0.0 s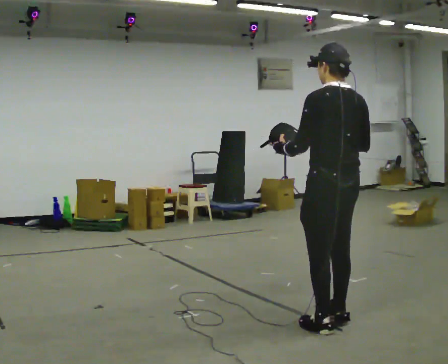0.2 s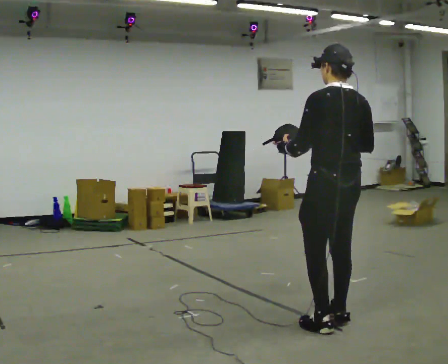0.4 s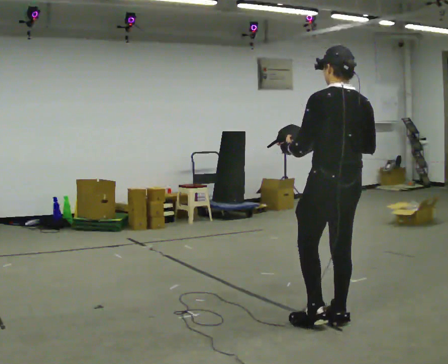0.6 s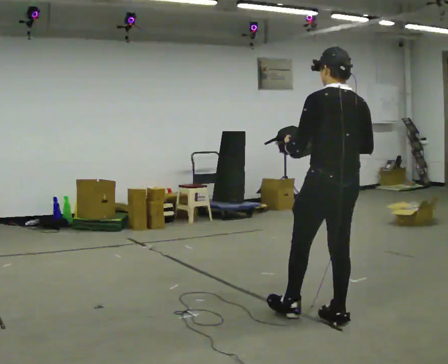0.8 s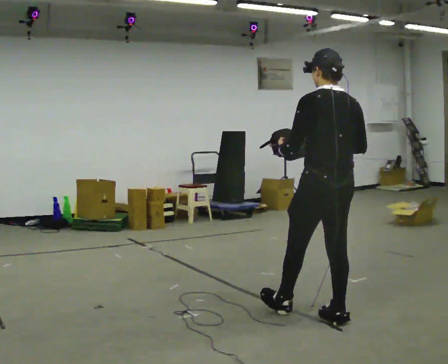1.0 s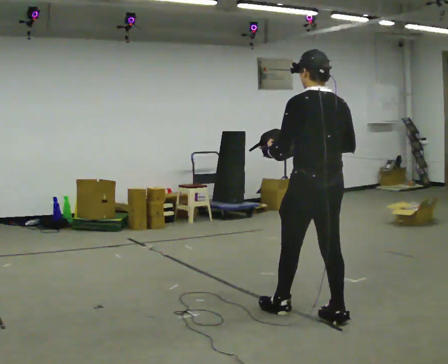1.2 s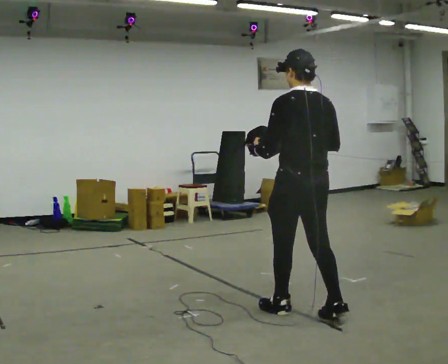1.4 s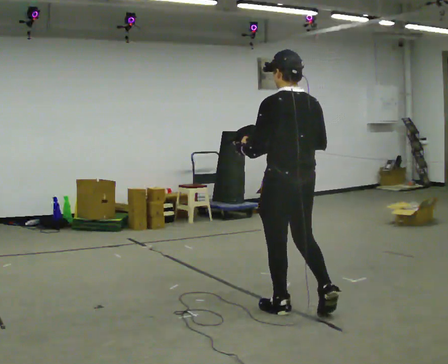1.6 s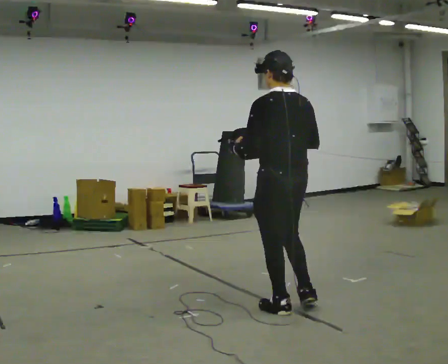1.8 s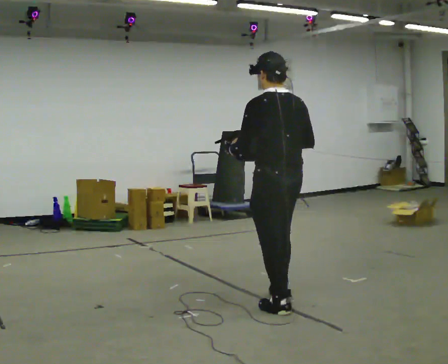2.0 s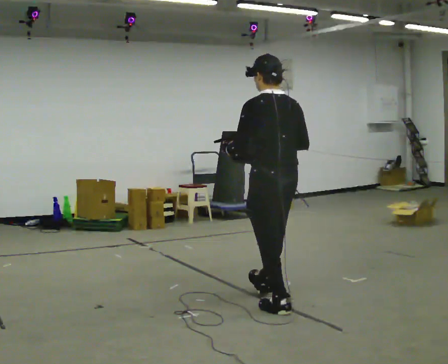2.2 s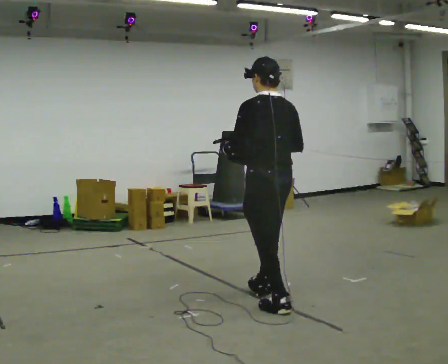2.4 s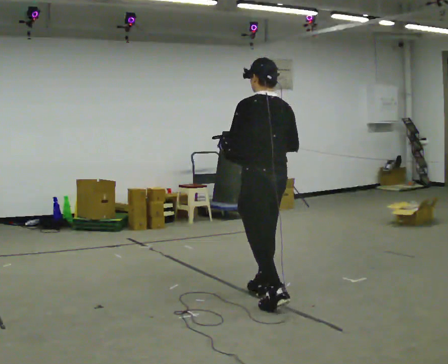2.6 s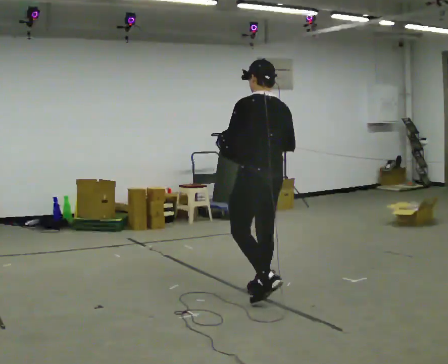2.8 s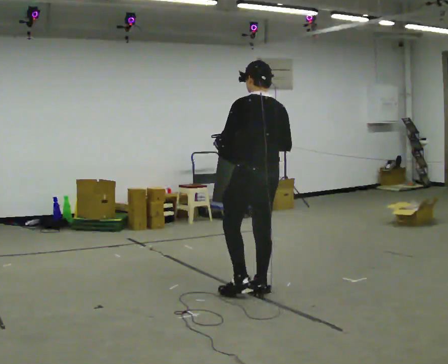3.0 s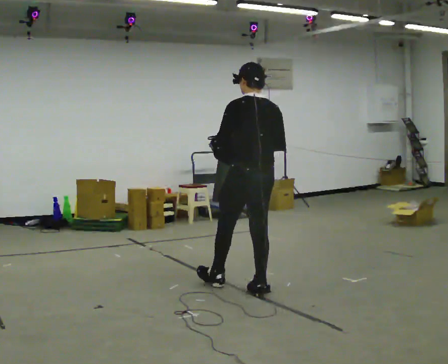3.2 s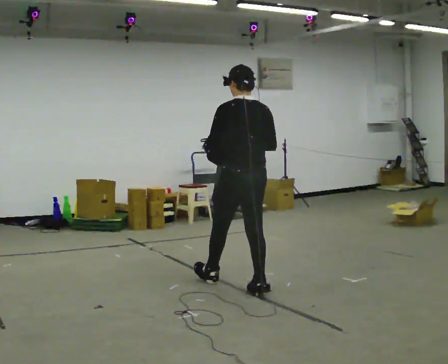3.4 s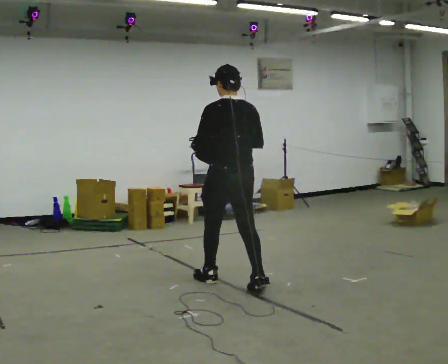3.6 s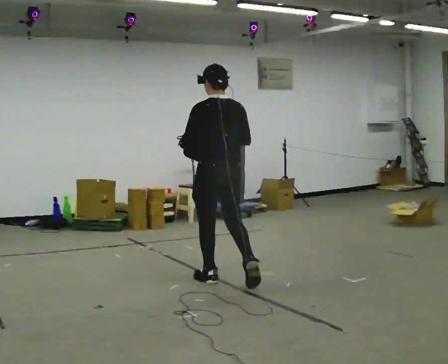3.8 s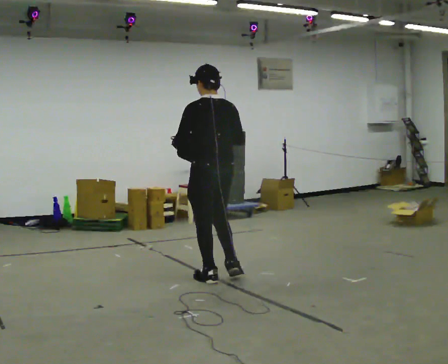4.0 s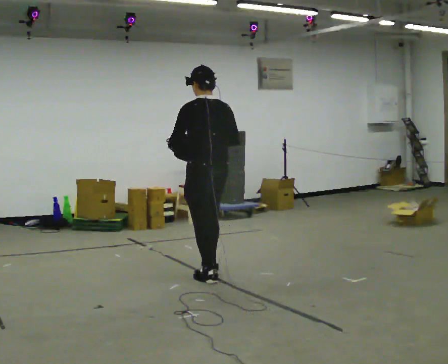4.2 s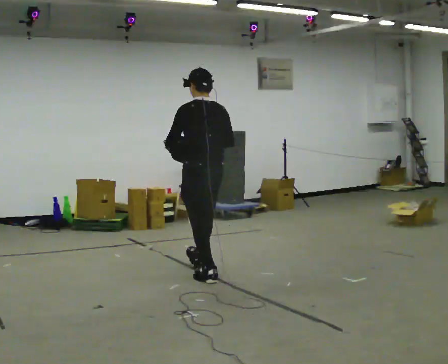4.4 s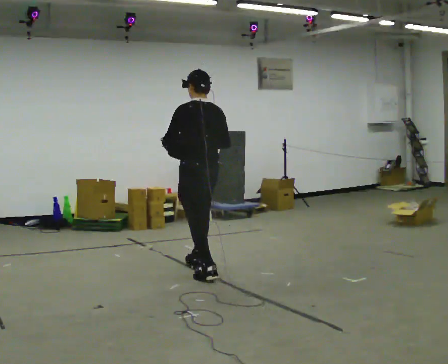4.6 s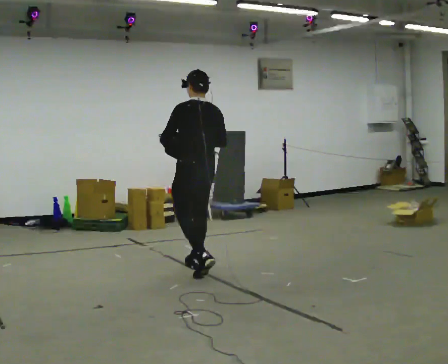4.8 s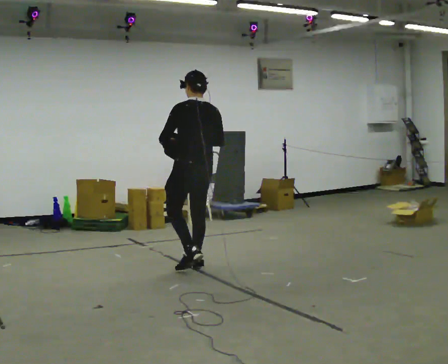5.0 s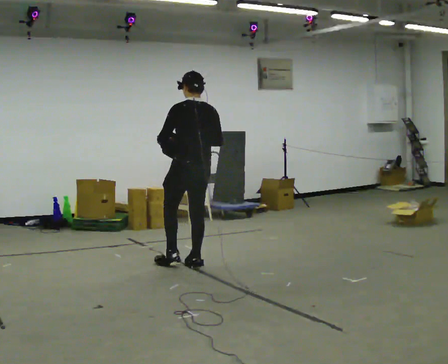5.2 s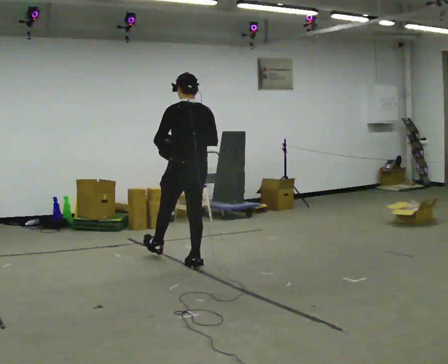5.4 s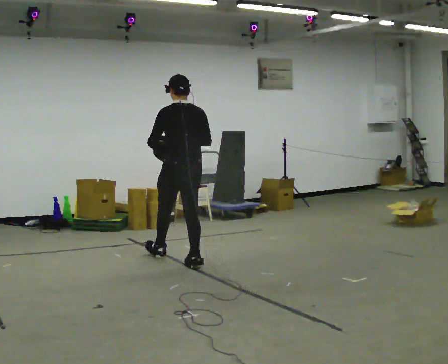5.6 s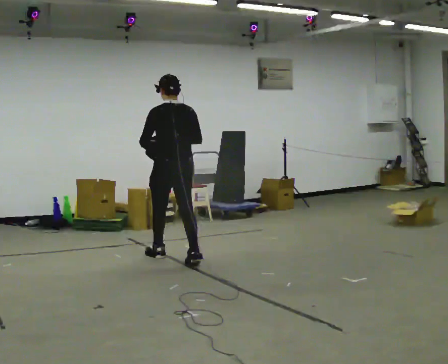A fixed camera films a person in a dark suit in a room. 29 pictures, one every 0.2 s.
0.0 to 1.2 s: In the picture they go to the left and away from the camera, about 0.25 m in 1 step, which for them is forward.
1.2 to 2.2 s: In the picture they go away from the camera and to the left, about 0.25 m in 1 step, which for them is forward.
2.2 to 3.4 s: In the picture they go away from the camera and to the left, about 0.5 m in 1 step, which for them is forward.
3.4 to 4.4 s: In the picture they go away from the camera and to the left, about 0.5 m in 1 step, which for them is forward.
4.4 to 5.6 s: In the picture they go away from the camera and to the left, about 0.5 m in 1 step, which for them is forward.
The film runs forward here.
